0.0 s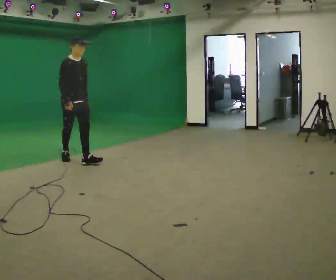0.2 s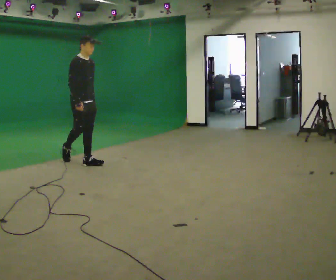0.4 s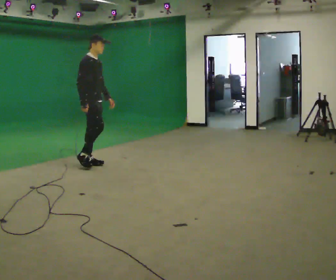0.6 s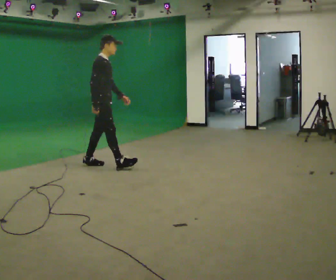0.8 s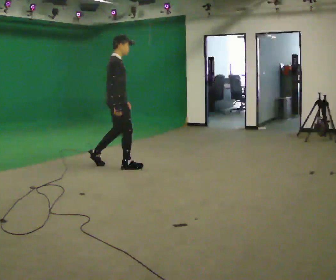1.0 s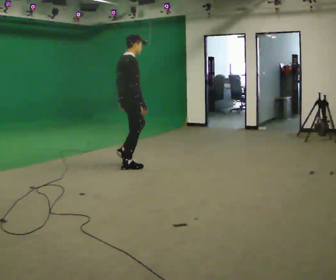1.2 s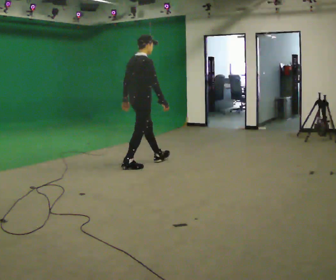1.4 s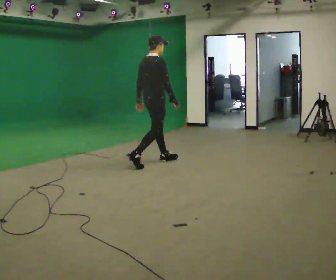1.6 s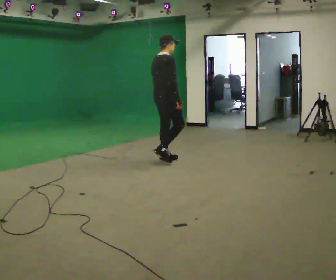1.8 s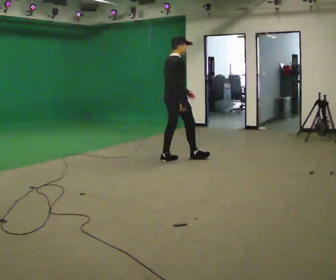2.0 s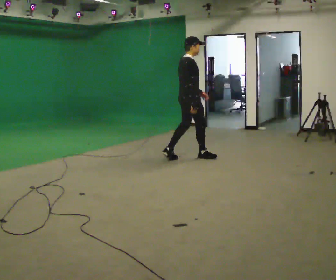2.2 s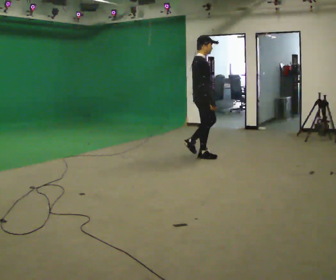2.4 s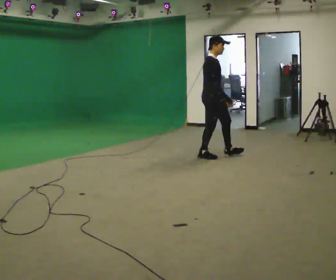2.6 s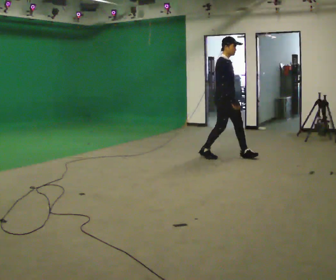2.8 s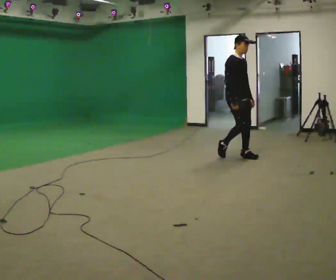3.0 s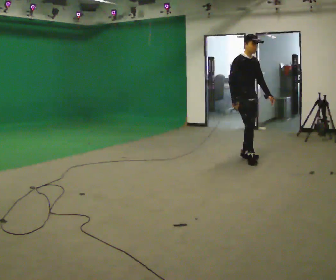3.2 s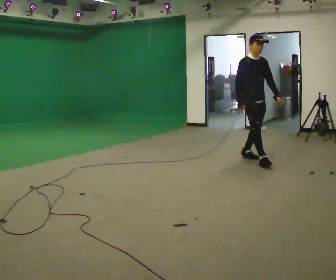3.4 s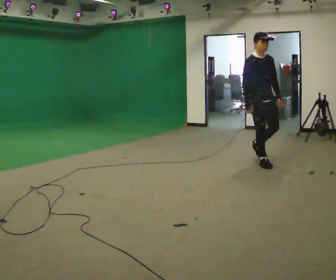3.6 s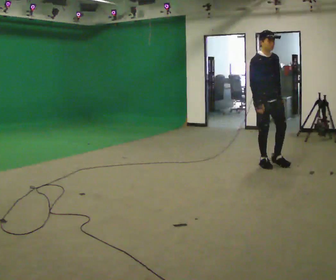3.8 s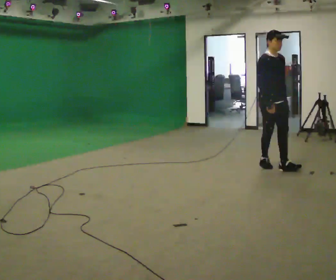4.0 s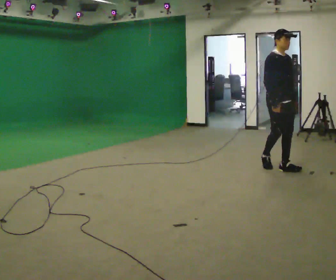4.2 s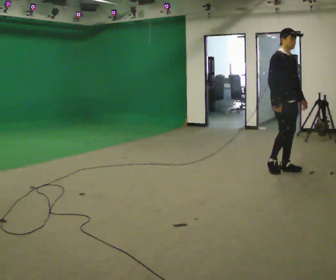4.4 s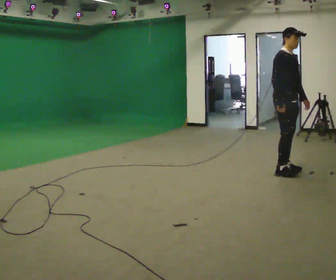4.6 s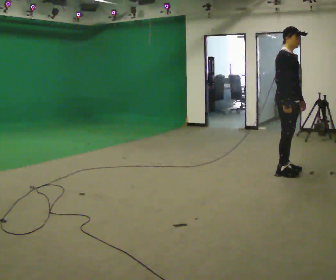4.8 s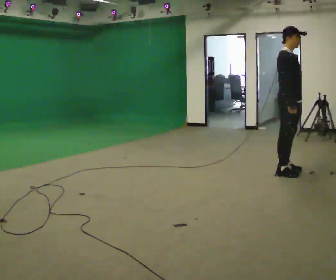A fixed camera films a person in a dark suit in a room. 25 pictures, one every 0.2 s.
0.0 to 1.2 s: The person turns about 75 degrees to their left, counterclockwise seen from above, so the part of the body nearest the lens slides to the right. In the picture they go to the right, about 1 m in 2 steps.
1.2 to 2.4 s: The person turns about 45 degrees to their right, clockwise seen from above, so the part of the body nearest the lens slides to the left. In the picture they go to the right and away from the camera, about 1 m in 2 steps, which for them is forward.
2.4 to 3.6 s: The person turns about 45 degrees to their right, clockwise seen from above, so the part of the body nearest the lens slides to the left. In the picture they go to the right and toward the camera, about 1 m in 2 steps, which for them is forward.
3.6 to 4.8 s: Seen from above the body turns counterclockwise, about 30 degrees: to their left, with its near side sliding to the right. In the picture they go toward the camera and to the right, about 0.5 m in 2 steps, which for them is forward.
The film runs forward here.
